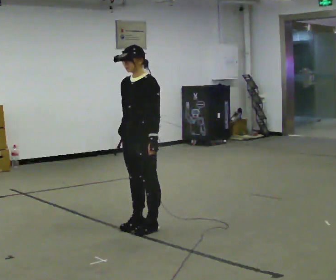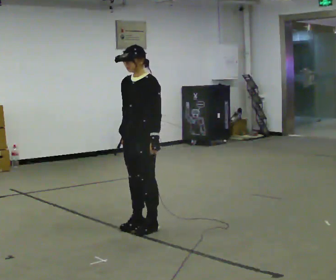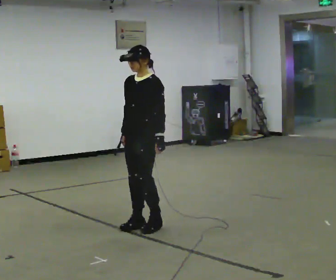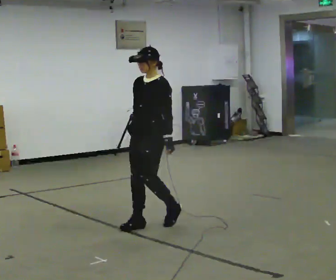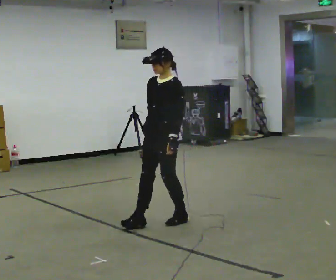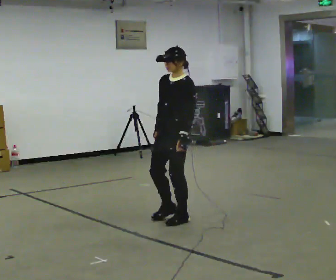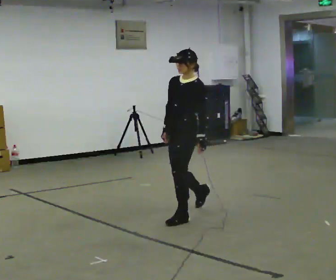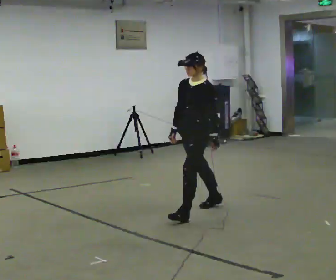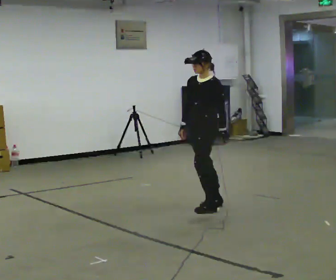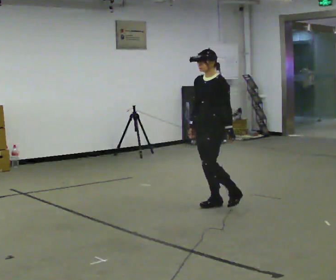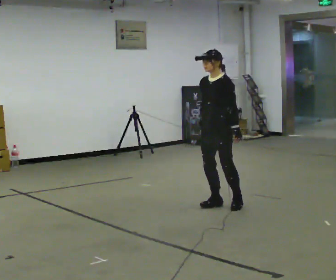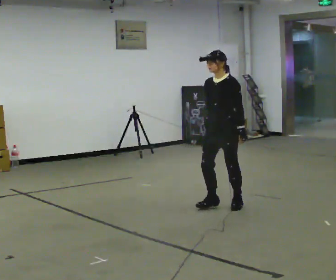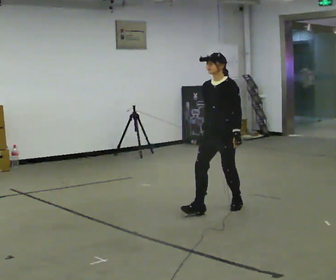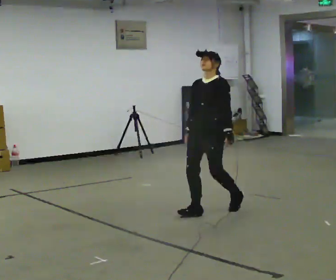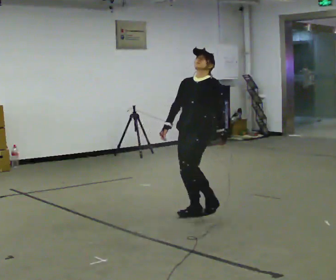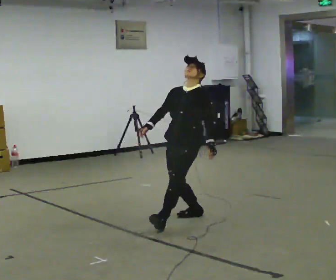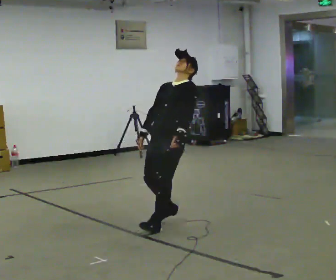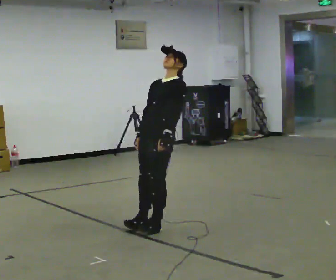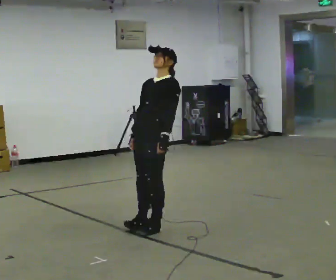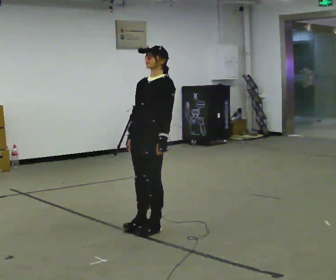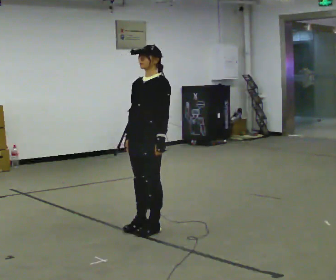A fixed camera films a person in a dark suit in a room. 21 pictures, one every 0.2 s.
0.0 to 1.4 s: In the picture they go away from the camera and to the right, about 0.75 m in 2 steps, which for them is backward.
1.4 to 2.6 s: In the picture they go to the right, about 0.25 m in 3 steps, which for them is backward.
2.6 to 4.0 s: In the picture they go toward the camera and to the left, about 1 m in 1 step, which for them is forward.
The film runs backward here.
